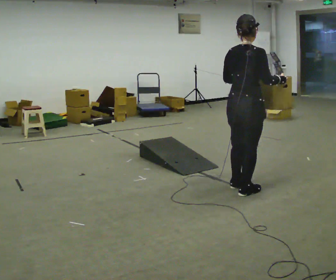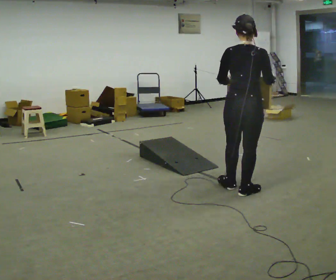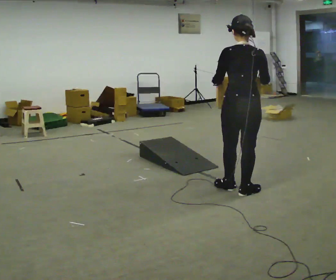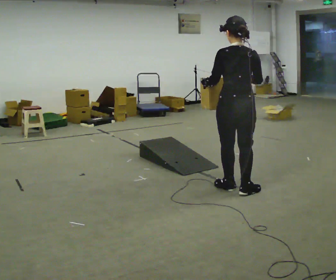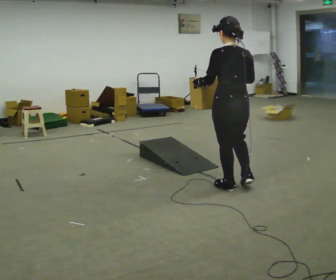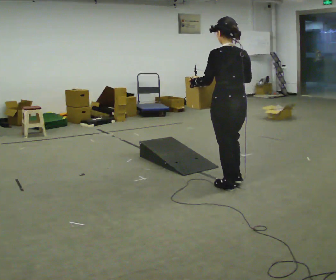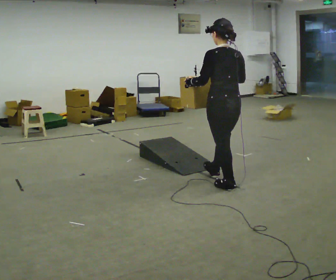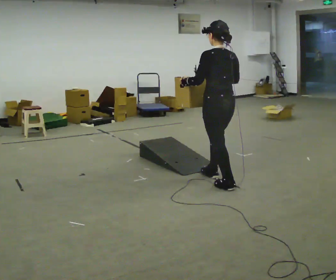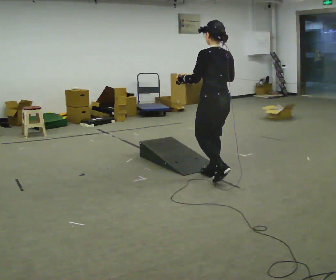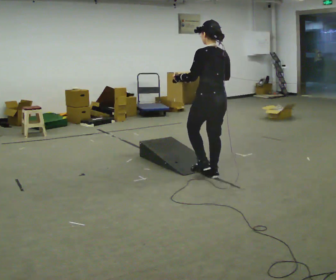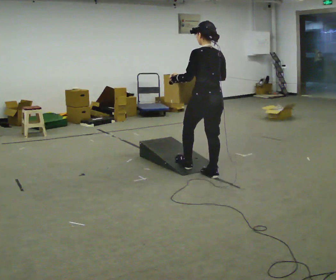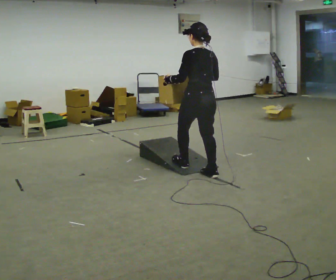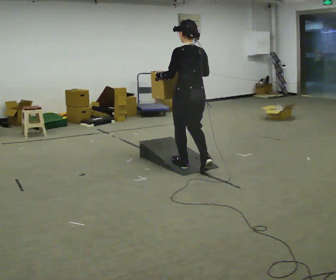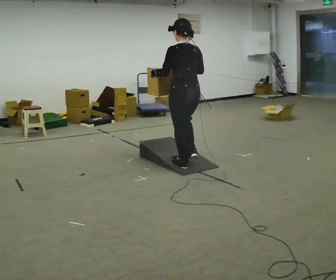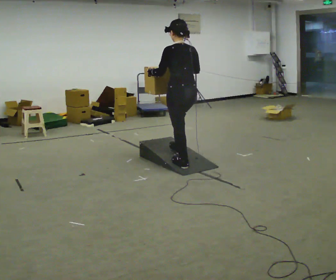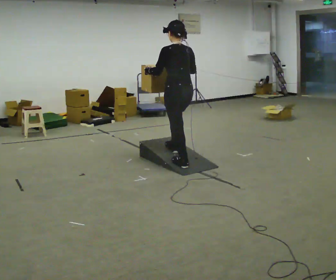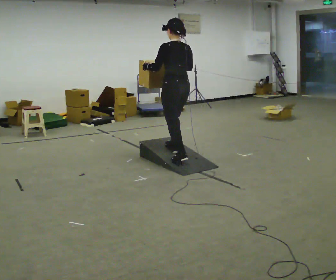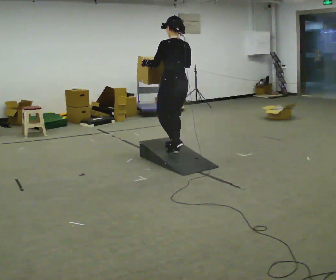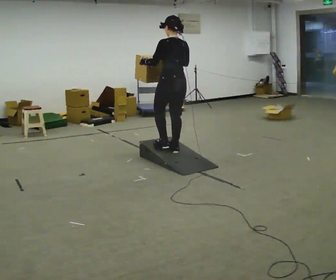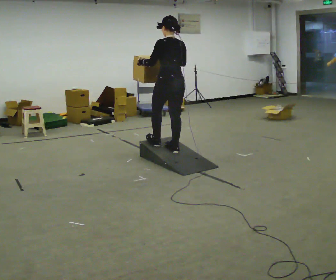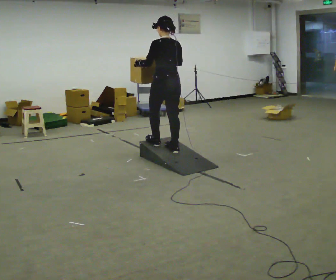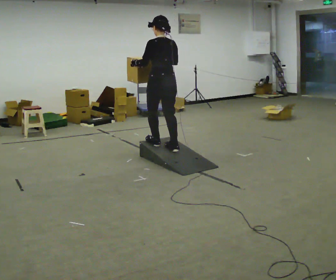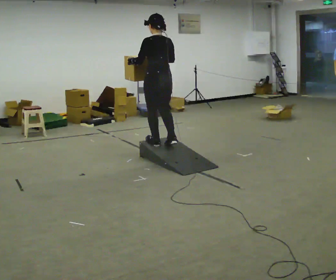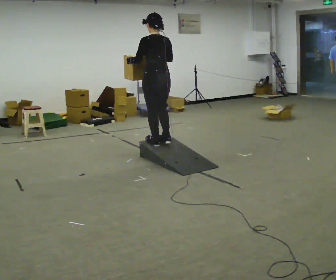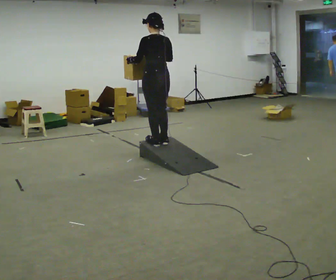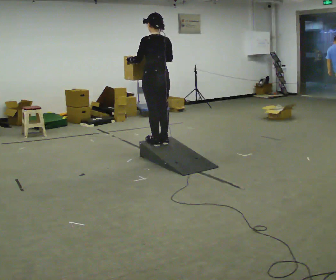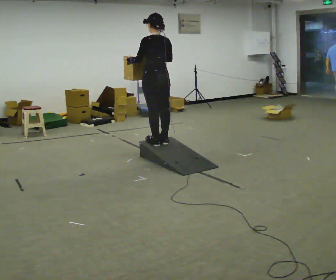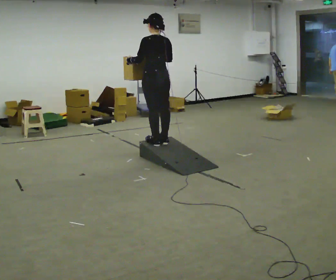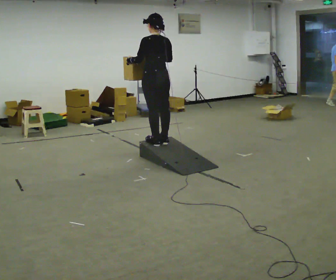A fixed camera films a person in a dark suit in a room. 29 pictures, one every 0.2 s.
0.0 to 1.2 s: The part of the body nearest the lens slides to the right as the person turns to their left by about 60 degrees. In the picture they go away from the camera and to the left, about 0.25 m in 1 step.
1.2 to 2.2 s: In the picture they go away from the camera and to the left, about 0.5 m in 1 step, which for them is forward.
2.2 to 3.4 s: In the picture they go away from the camera and to the left, about 0.5 m in 1 step, which for them is forward.
3.4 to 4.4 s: In the picture they go to the left and away from the camera, about 0.25 m in 1 step, which for them is forward.
4.4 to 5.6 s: The person moves a little, or ends about where they began.
The film runs forward here.
